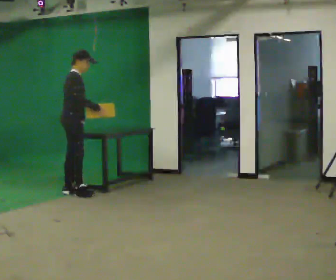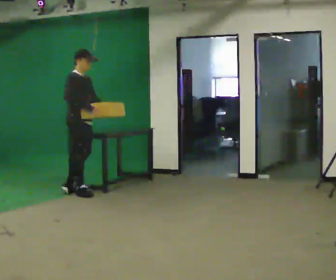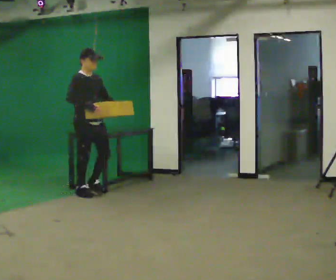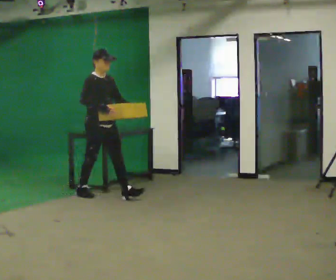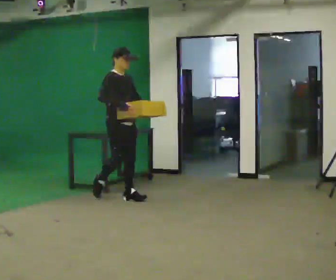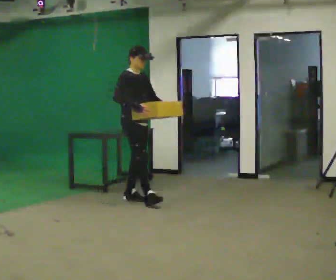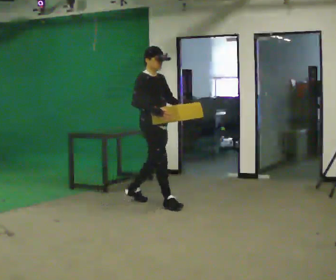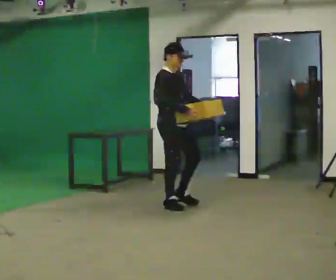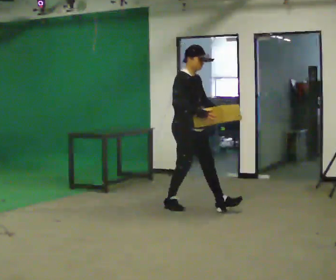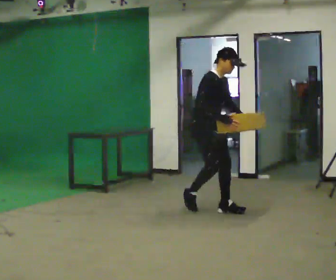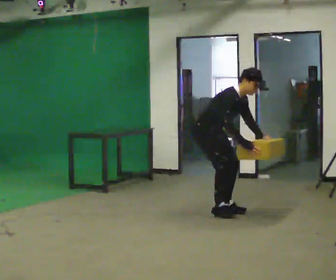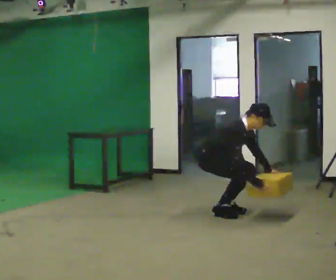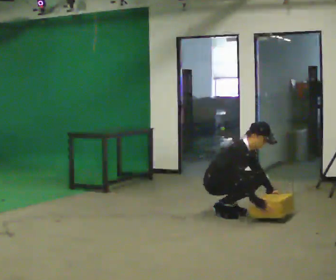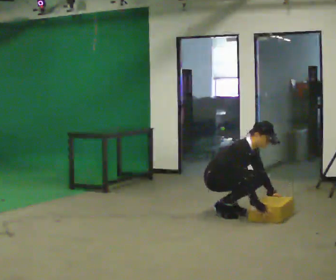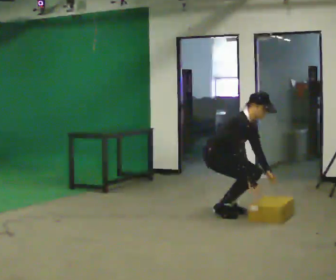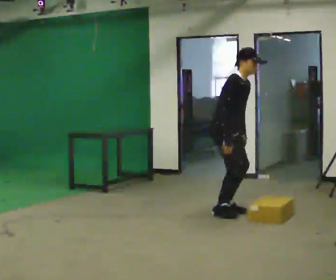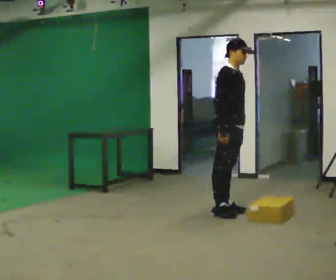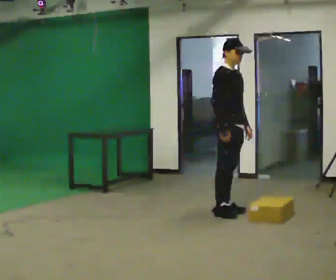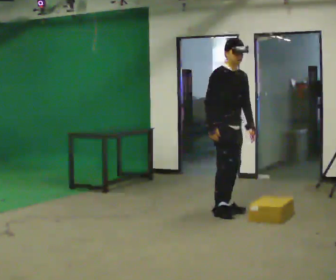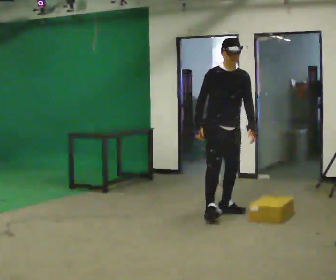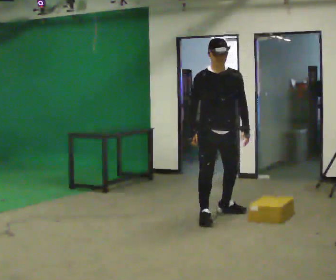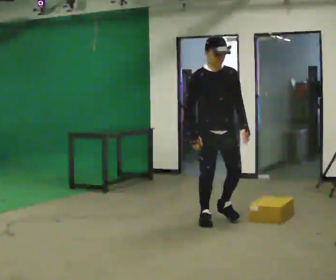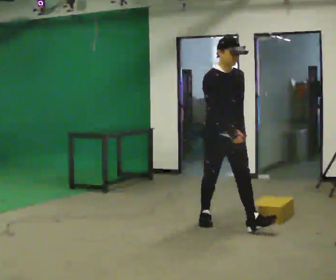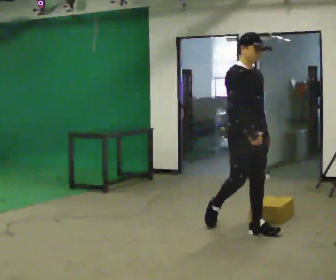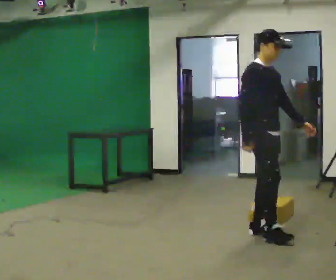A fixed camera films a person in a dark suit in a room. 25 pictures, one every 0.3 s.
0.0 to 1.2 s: Seen from above the body turns clockwise, about 45 degrees: to their right, with its near side sliding to the left. In the picture they go to the right, about 0.75 m in 1 step, which for them is forward.
1.2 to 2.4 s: In the picture they go to the right and toward the camera, about 1 m in 1 step, which for them is forward.
2.4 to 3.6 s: In the picture they go to the right and toward the camera, about 0.25 m in 2 steps, which for them is forward. The shoulders move downward. In the picture the upper body tilts clockwise, shoulders to the right, as they bend forward. In the picture their right hand goes downward.
3.6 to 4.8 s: The upper body goes upward. In the picture the upper body tilts counterclockwise, shoulders to the left, as they lean back or straighten. In the picture their right hand goes upward and to the left.
4.8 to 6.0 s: The part of the body nearest the lens slides to the left as the person turns to their right by about 45 degrees. In the picture they go toward the camera, about 0.25 m in 1 step, which for them is to their right.
6.0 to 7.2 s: The person turns about 45 degrees to their left, counterclockwise seen from above, so the part of the body nearest the lens slides to the right. In the picture they go toward the camera and to the right, about 1 m in 1 step, which for them is forward.
The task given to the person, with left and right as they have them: Walk quickly but do not run; remain comfortable and controlled; stop.
The film runs forward here.
